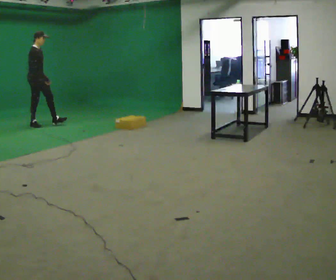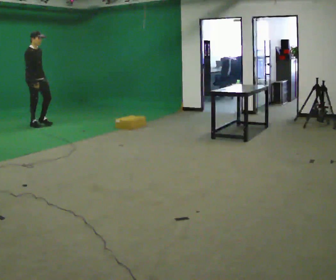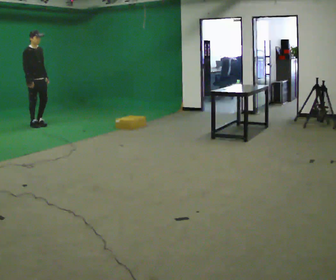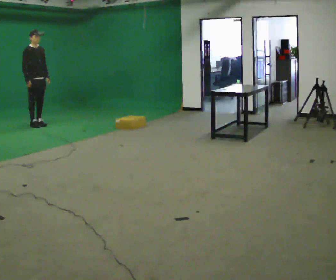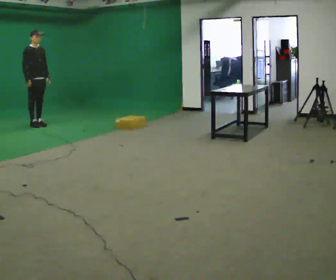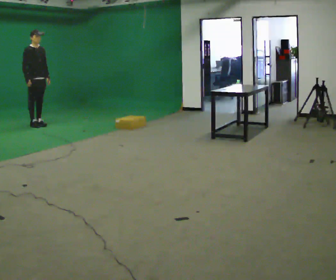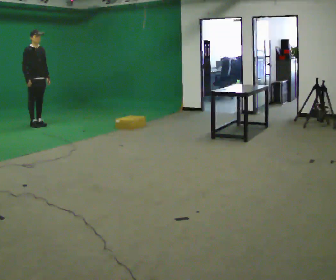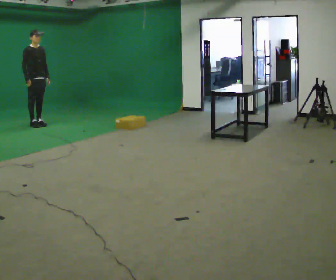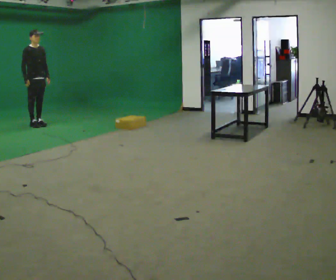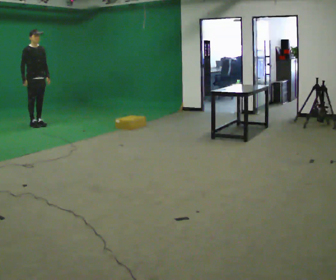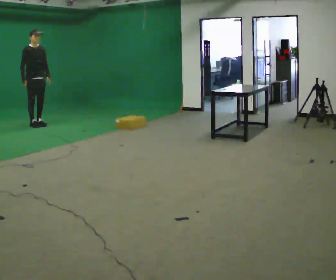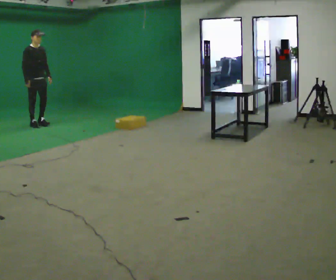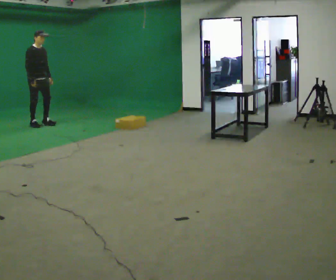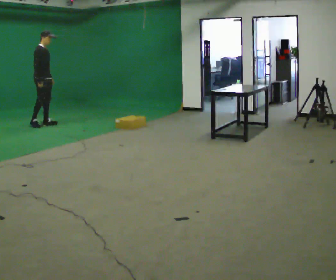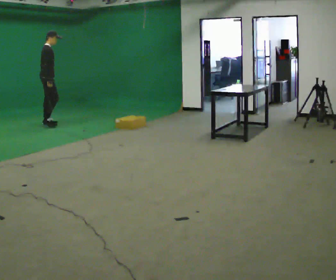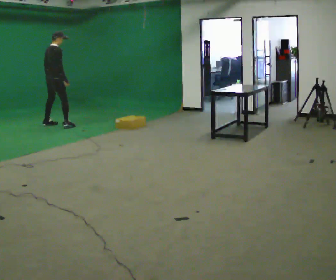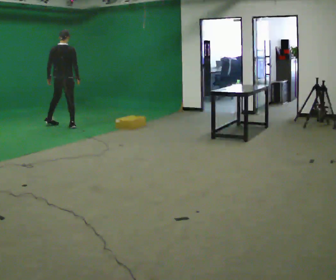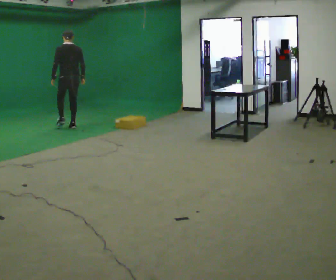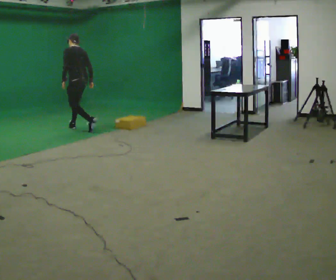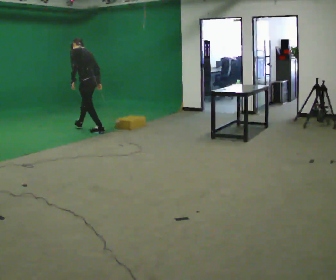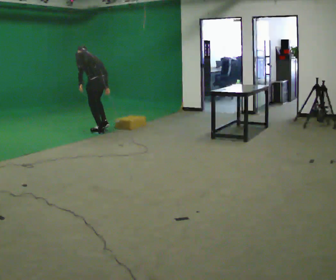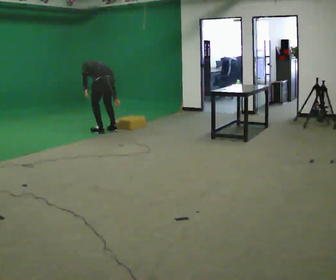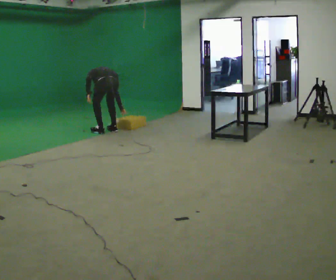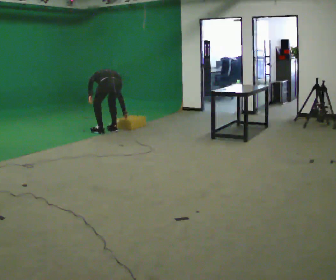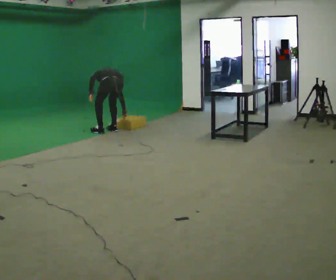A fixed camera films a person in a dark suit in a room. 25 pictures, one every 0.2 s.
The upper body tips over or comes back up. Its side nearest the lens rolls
upward.
The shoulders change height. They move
downward.
0.0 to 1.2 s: The person turns about 30 degrees to their right, clockwise seen from above, so the part of the body nearest the lens slides to the left.
1.2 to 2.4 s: The person moves a little, or ends about where they began.
2.4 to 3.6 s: Seen from above the body turns counterclockwise, about 165 degrees: to their left, with its near side sliding to the right. In the picture they go to the right and toward the camera, about 1 m in 2 steps.
3.6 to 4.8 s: In the picture they go to the right and toward the camera, about 0.5 m in 1 step, which for them is backward. The upper body goes downward. The upper body tips away from the camera, its near side rolling upward, as they bend forward.
The film runs backward here.
